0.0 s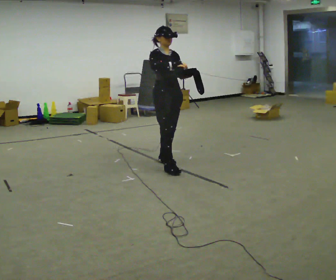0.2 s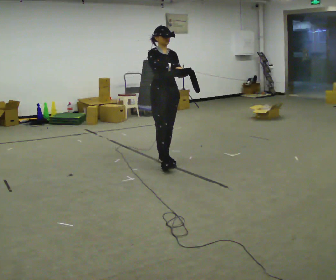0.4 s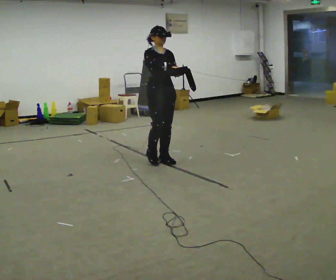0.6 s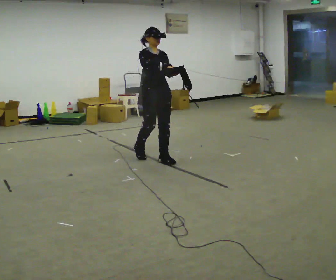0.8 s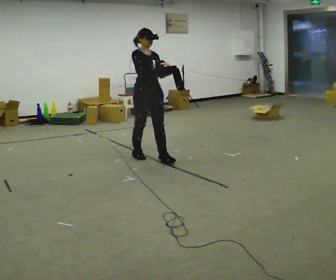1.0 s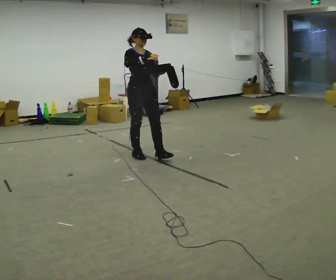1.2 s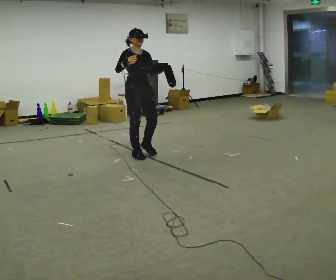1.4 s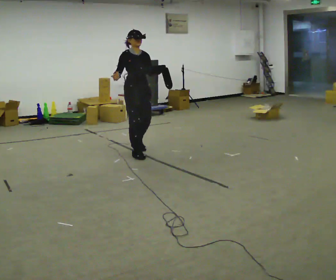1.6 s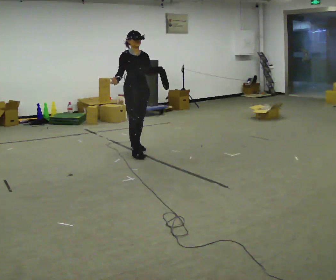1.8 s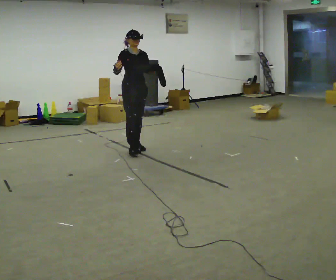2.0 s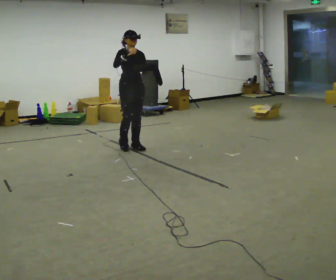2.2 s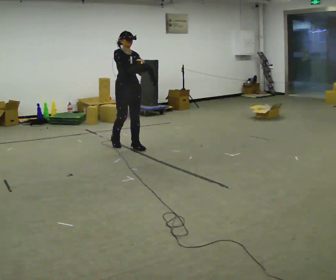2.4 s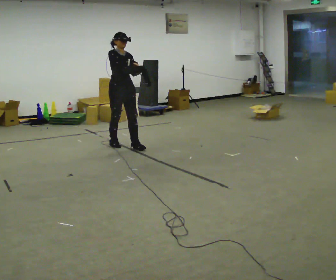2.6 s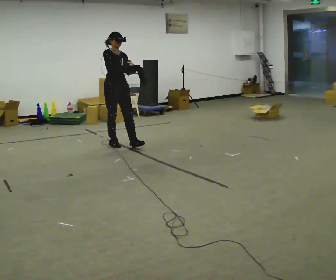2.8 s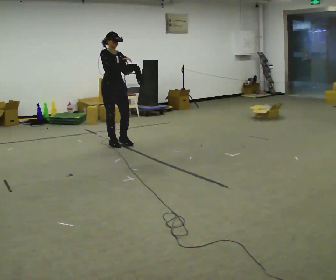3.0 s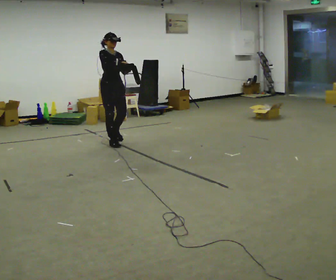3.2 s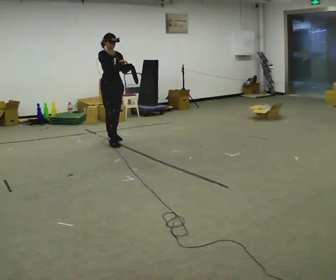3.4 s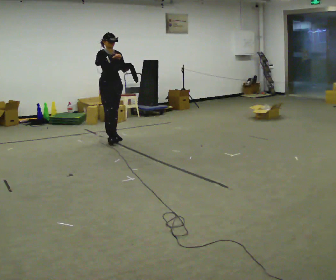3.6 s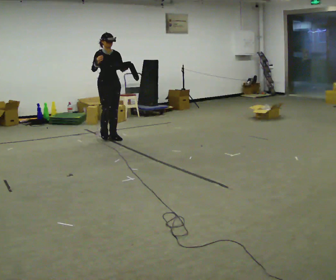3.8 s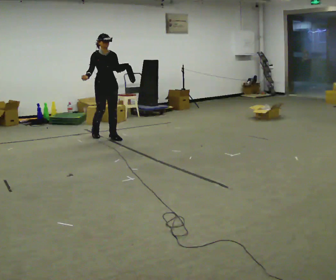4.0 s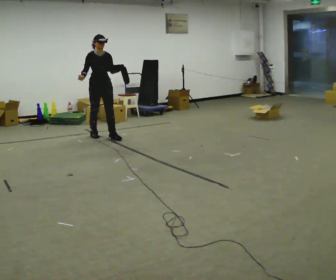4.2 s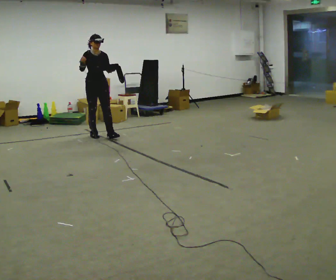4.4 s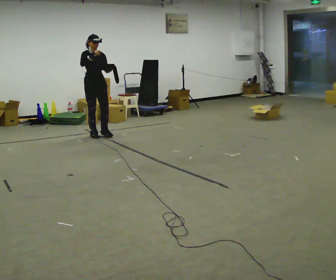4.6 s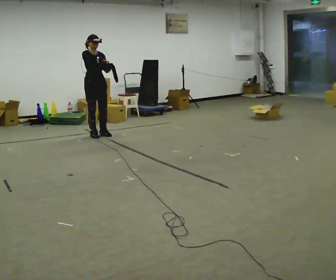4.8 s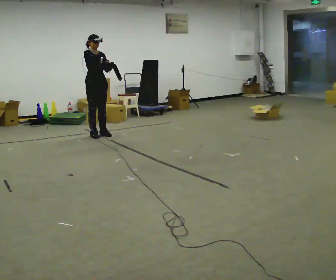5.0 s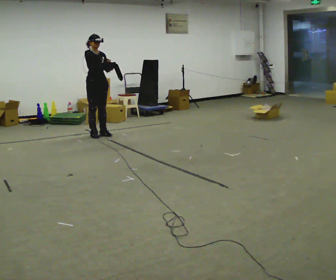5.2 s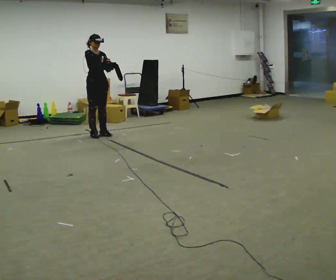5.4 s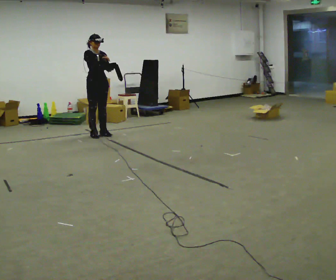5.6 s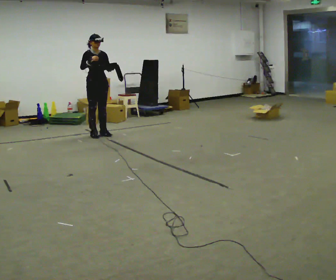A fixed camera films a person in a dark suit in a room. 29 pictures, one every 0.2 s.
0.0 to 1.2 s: In the picture they go away from the camera and to the left, about 0.5 m in 2 steps, which for them is backward.
1.2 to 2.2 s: In the picture they go away from the camera, about 0.5 m in 1 step, which for them is backward.
2.2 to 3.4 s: In the picture they go away from the camera and to the left, about 0.5 m in 2 steps, which for them is backward.
3.4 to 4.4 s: In the picture they go to the left and away from the camera, about 0.25 m in 1 step, which for them is backward and to their right.
4.4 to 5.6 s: The person moves a little, or ends about where they began.
The film runs backward here.
